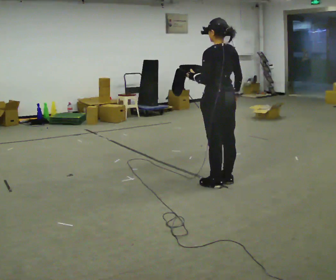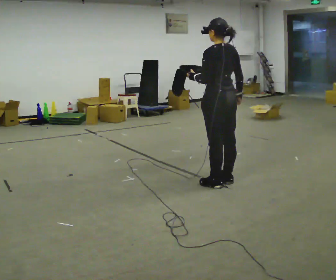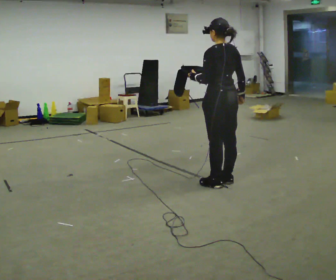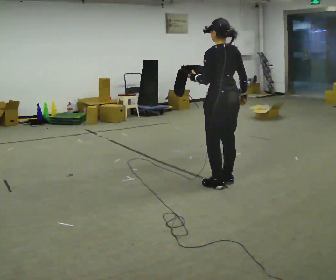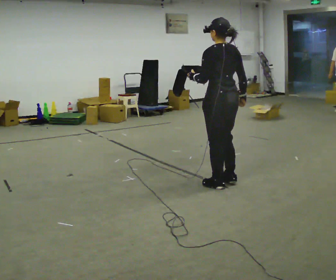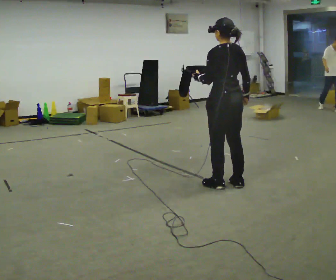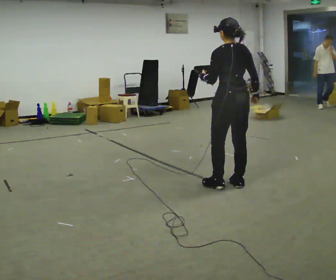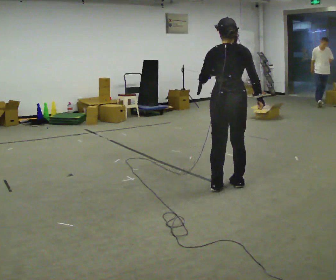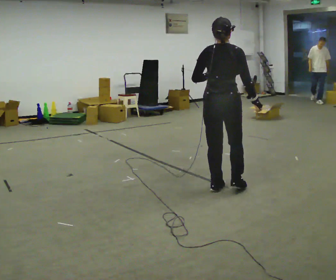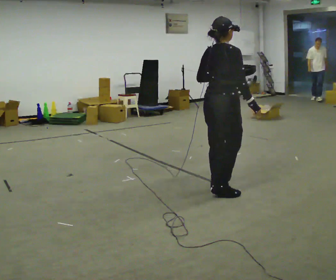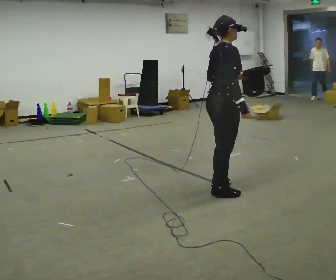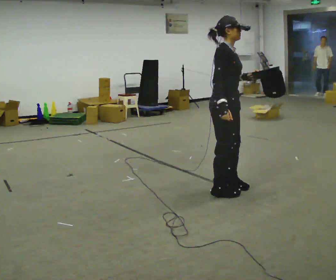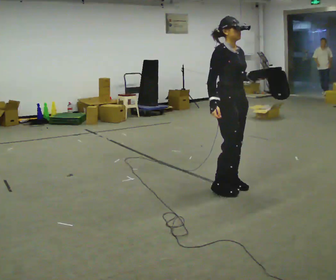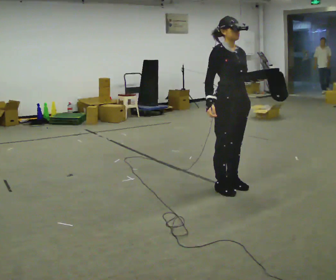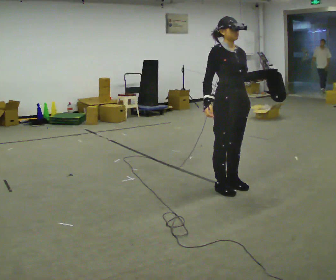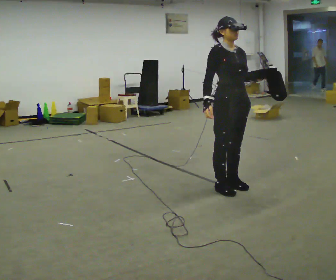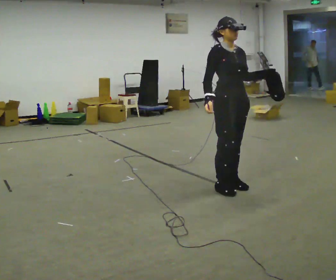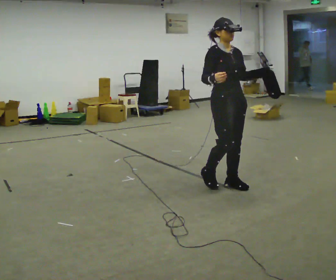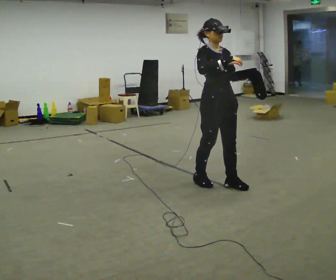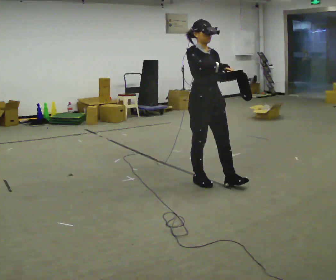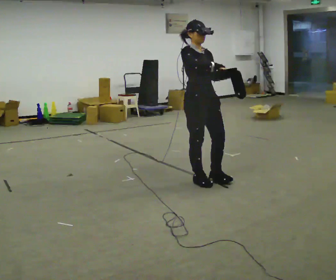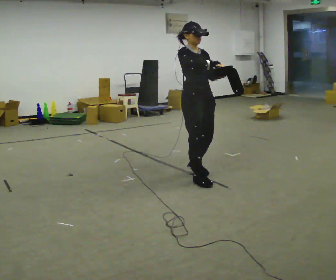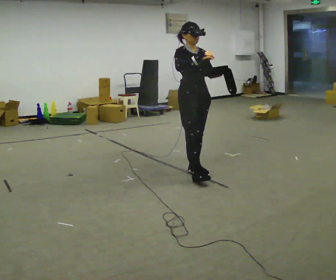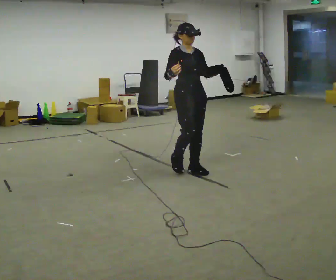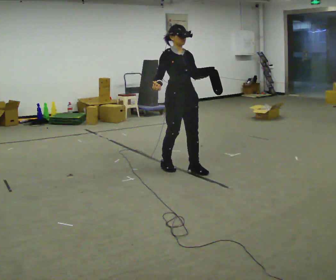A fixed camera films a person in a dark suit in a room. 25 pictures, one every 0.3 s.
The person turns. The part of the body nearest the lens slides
to the left.
The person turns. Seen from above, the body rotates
clockwise.
0.0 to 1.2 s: The person moves a little, or ends about where they began.
1.2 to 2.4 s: Seen from above the body turns clockwise, about 45 degrees: to their right, with its near side sliding to the left.
2.4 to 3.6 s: The person turns about 105 degrees to their right, clockwise seen from above, so the part of the body nearest the lens slides to the left. In the picture their right hand goes to the left.
3.6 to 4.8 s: The person moves a little, or ends about where they began.
4.8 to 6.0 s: In the picture they go to the left, about 0.25 m in 2 steps, which for them is backward.
6.0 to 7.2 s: In the picture they go to the left and away from the camera, about 0.5 m in 1 step, which for them is backward.
The film runs backward here.
